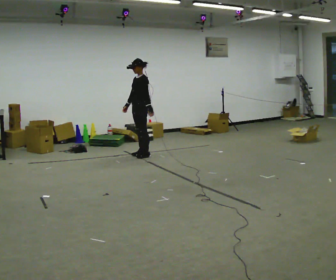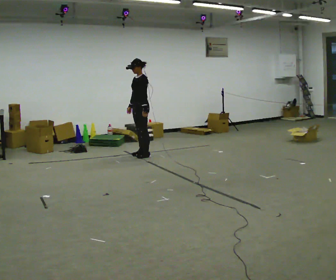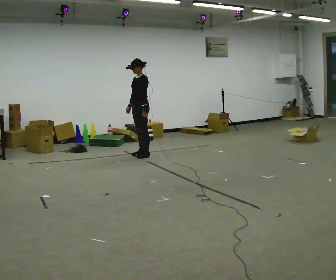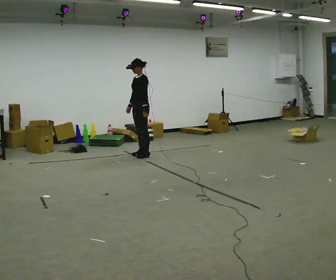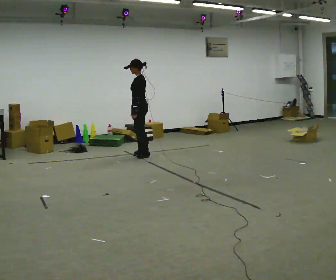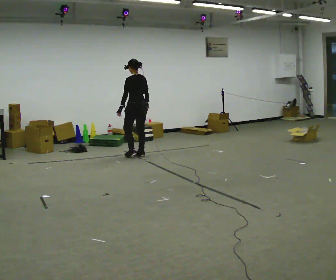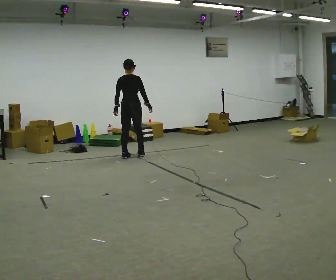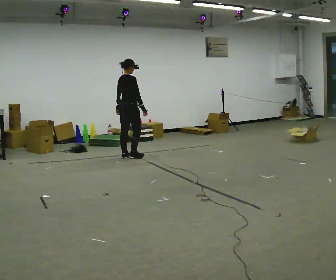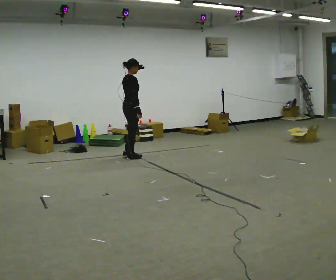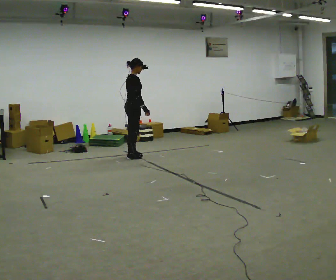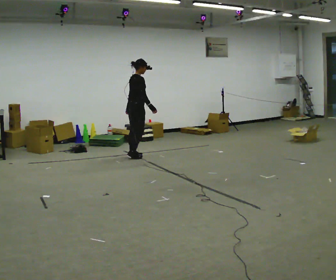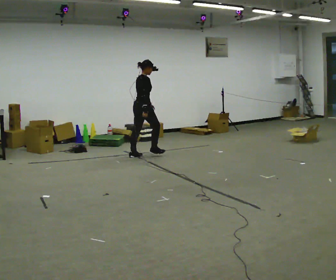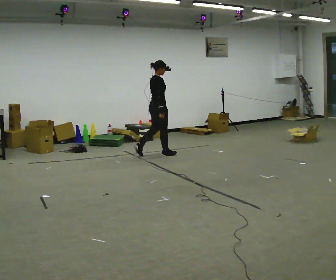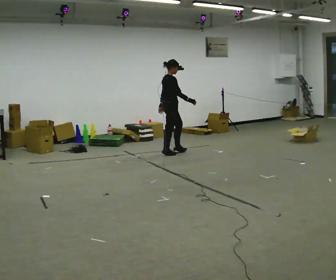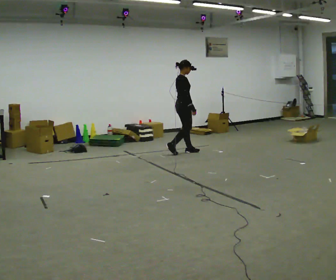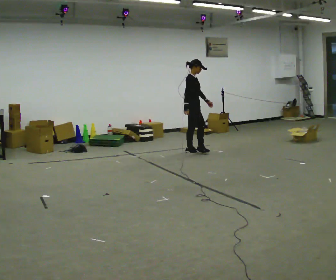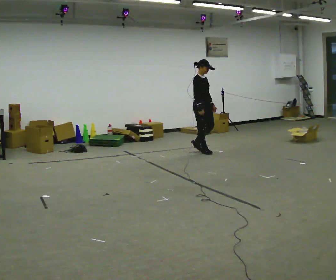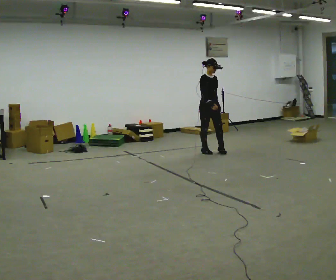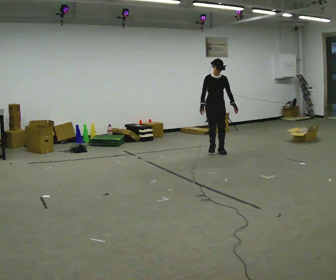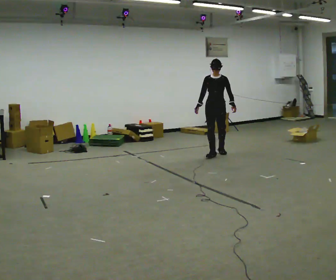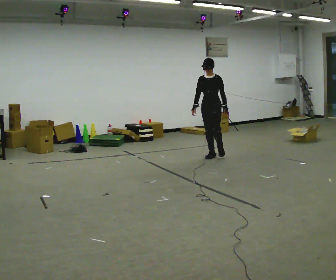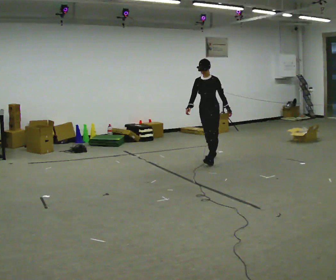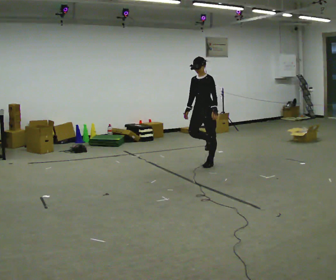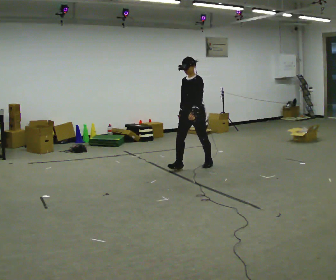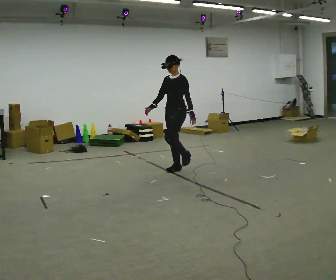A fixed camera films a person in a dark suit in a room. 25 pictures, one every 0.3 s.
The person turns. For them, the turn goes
to their right.
The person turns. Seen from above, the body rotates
clockwise.
0.0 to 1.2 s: The person turns about 30 degrees to their right, clockwise seen from above, so the part of the body nearest the lens slides to the left.
1.2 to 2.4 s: The person turns about 150 degrees to their right, clockwise seen from above, so the part of the body nearest the lens slides to the left. In the picture they go to the left and toward the camera, about 0.25 m in 2 steps.
2.4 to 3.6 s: In the picture they go to the right and away from the camera, about 0.5 m in 1 step, which for them is forward.
3.6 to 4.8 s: Seen from above the body turns clockwise, about 60 degrees: to their right, with its near side sliding to the left. In the picture they go to the right, about 0.5 m in 2 steps, which for them is forward.
4.8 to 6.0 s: The person turns about 90 degrees to their right, clockwise seen from above, so the part of the body nearest the lens slides to the left. In the picture they go toward the camera, about 0.5 m in 2 steps.
6.0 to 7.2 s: In the picture they go toward the camera and to the left, about 1 m in 2 steps, which for them is forward.
The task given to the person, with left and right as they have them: Walk through 3–5 turns in sequence; keep moving; stop at end.
The film runs forward here.
